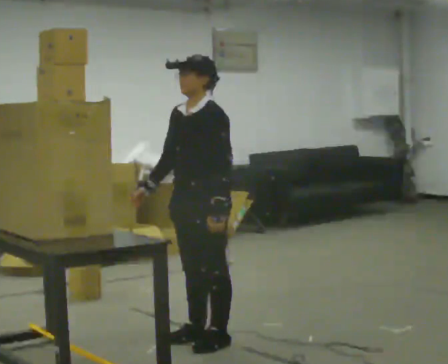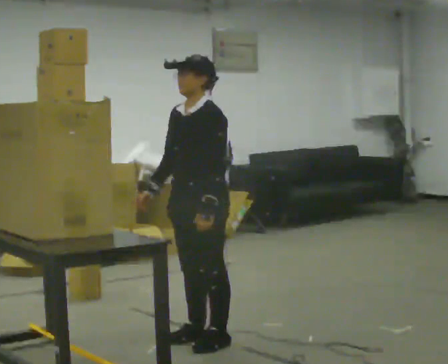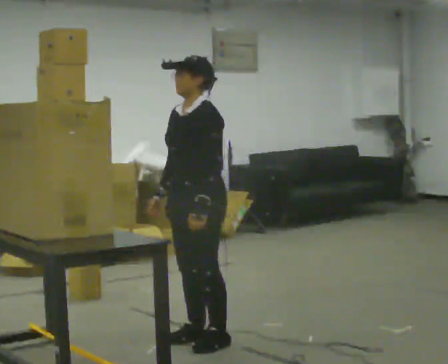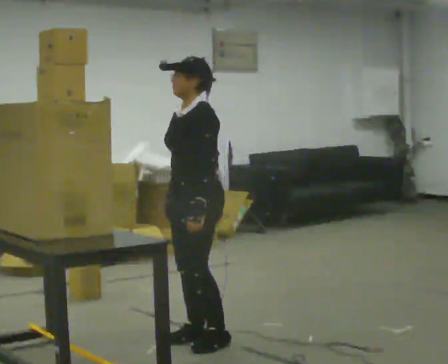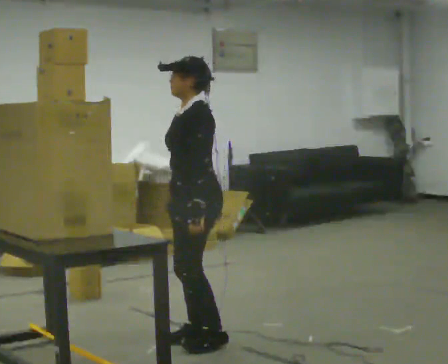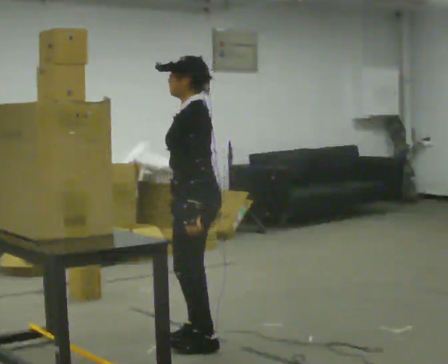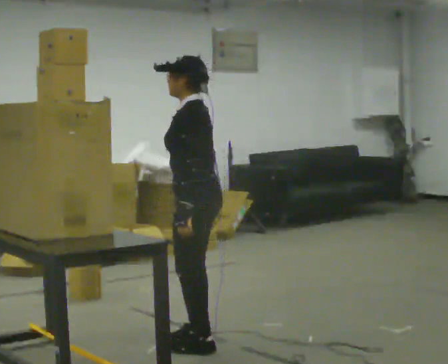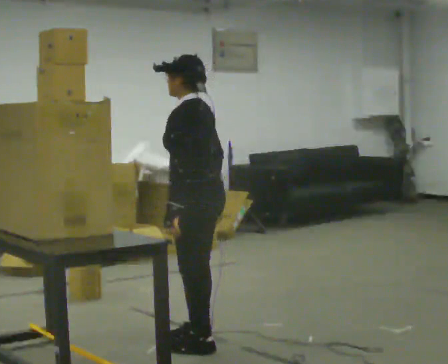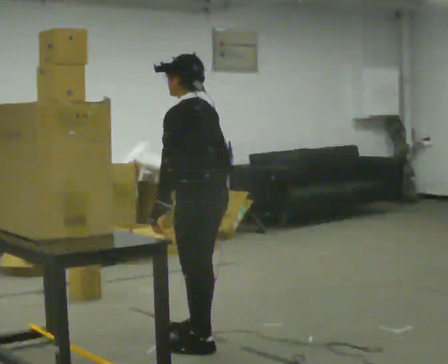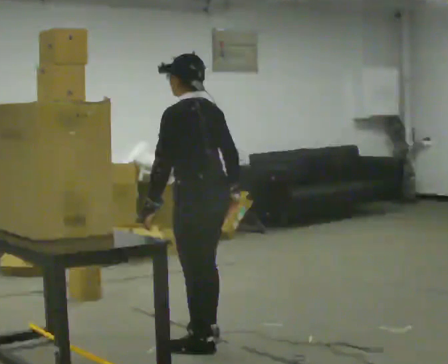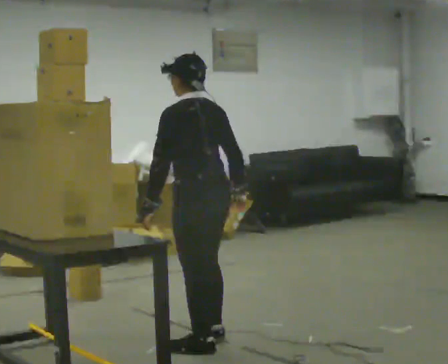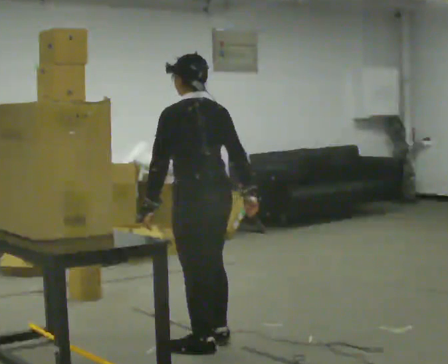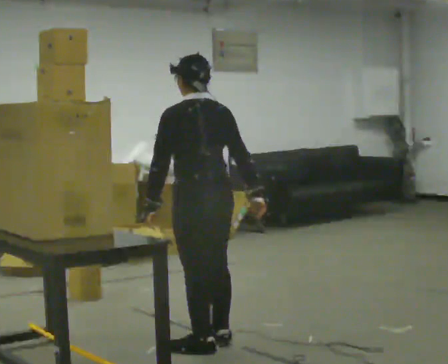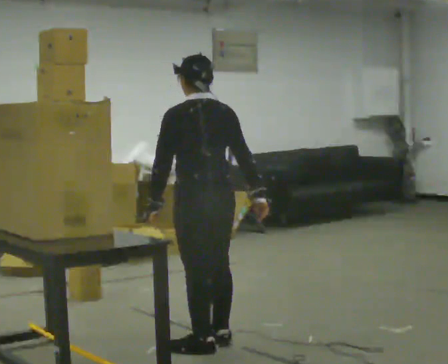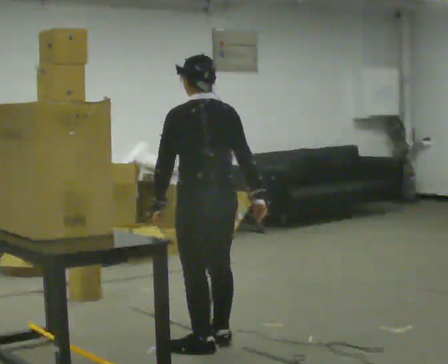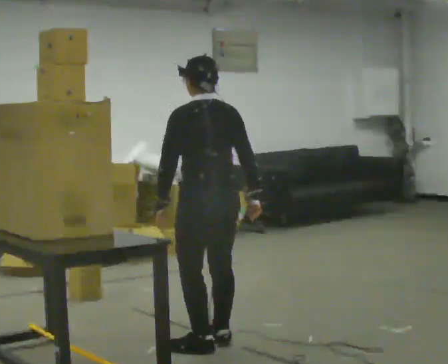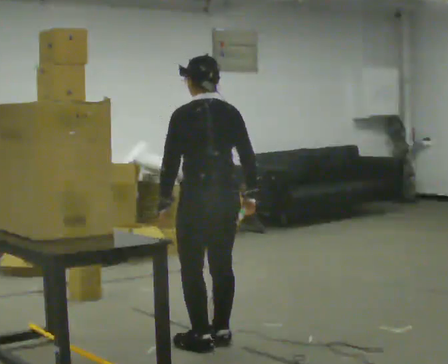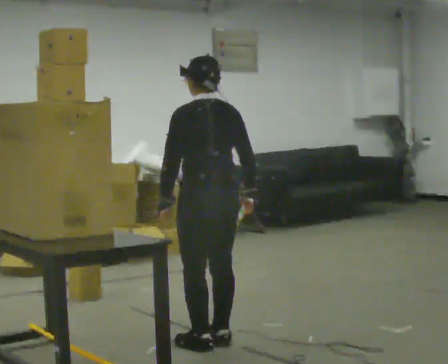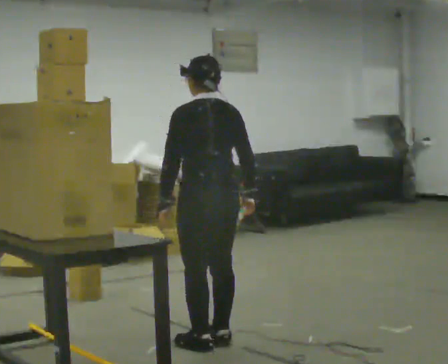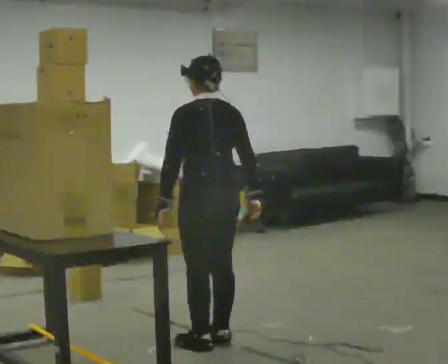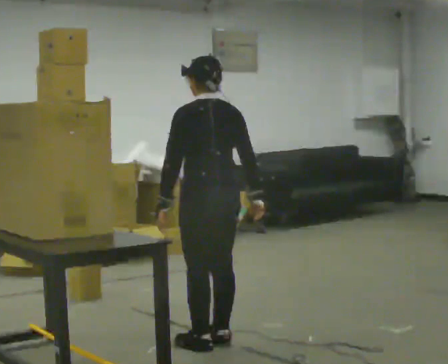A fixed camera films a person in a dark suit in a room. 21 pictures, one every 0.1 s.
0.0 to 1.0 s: The part of the body nearest the lens slides to the left as the person turns to their right by about 75 degrees. In the picture their right hand goes to the right, the arm swinging counterclockwise.
1.0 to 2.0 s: The person moves a little, or ends about where they began.
The film runs forward here.
